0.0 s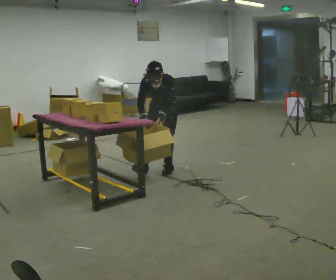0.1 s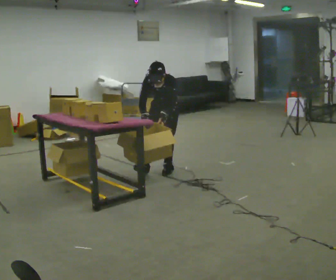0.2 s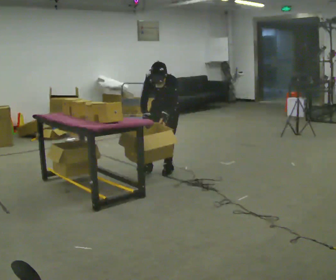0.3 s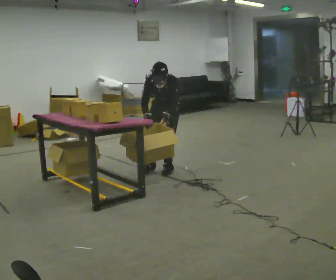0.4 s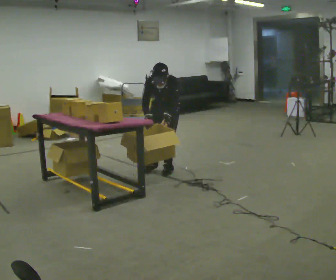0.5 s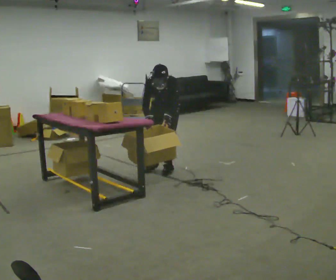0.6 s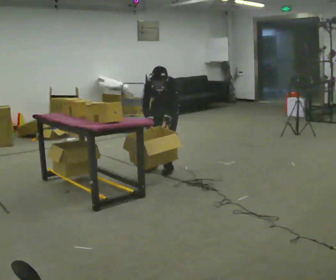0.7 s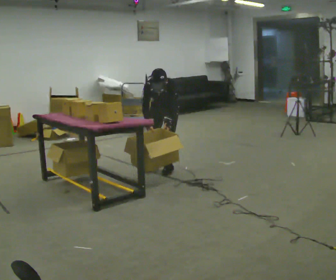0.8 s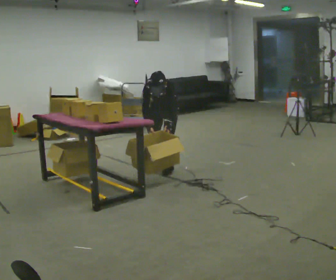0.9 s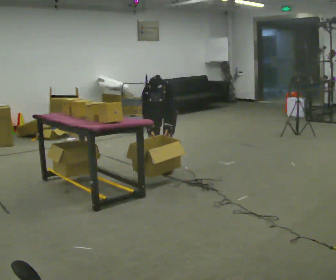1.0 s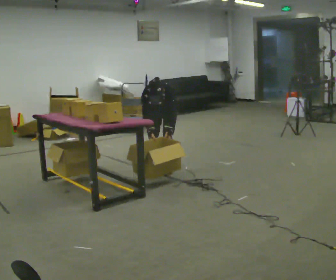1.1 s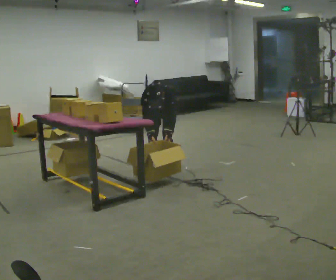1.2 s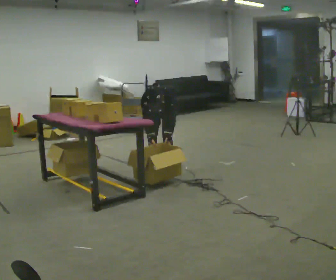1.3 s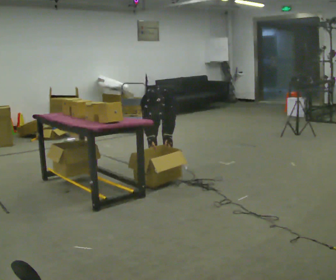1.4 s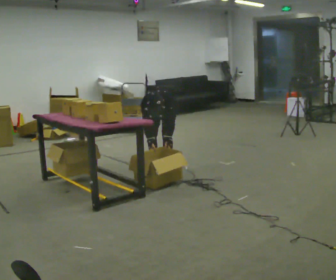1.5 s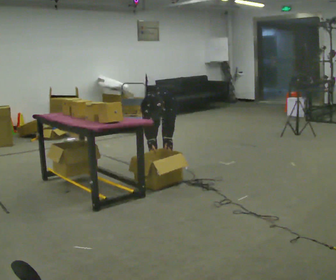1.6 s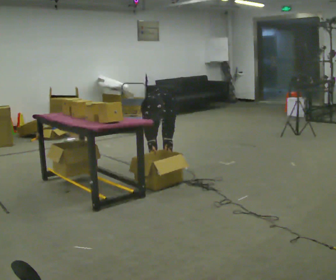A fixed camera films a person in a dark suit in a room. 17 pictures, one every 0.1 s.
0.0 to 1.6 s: The shoulders move downward. The upper body tips toward the camera, its near side rolling downward, as they bend forward.
The film runs backward here.
